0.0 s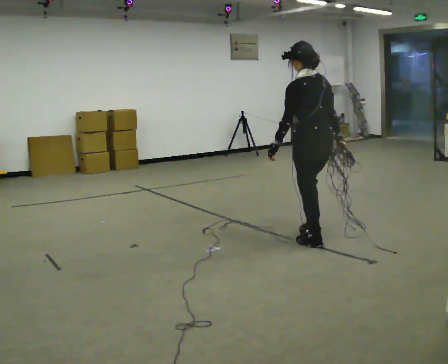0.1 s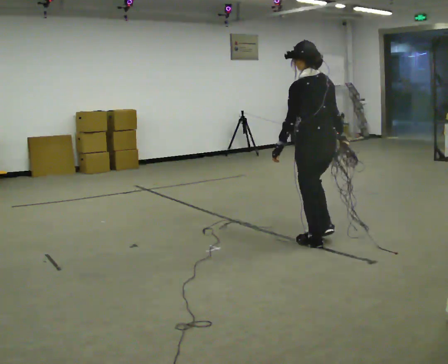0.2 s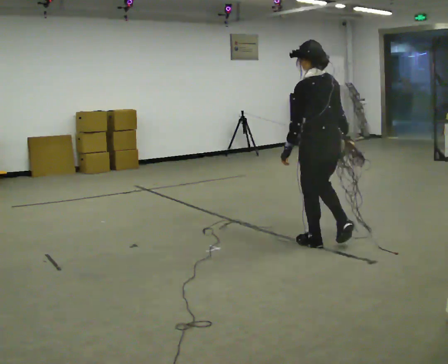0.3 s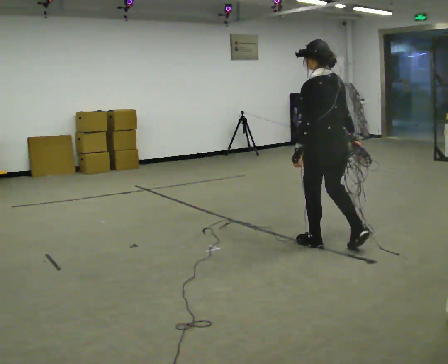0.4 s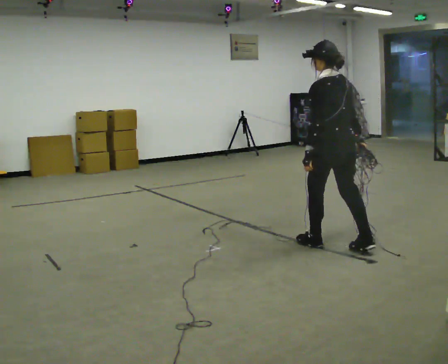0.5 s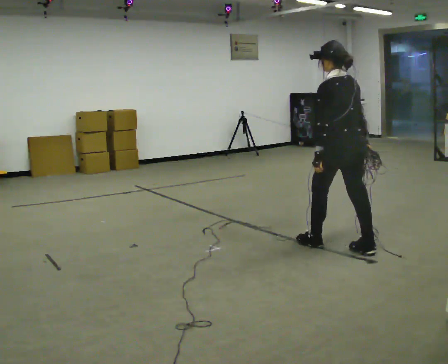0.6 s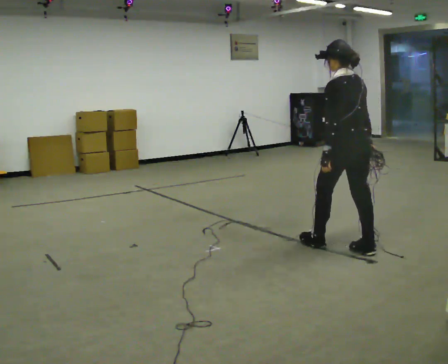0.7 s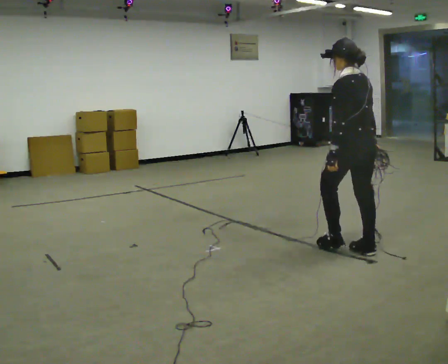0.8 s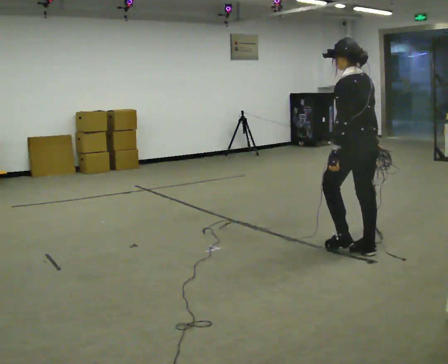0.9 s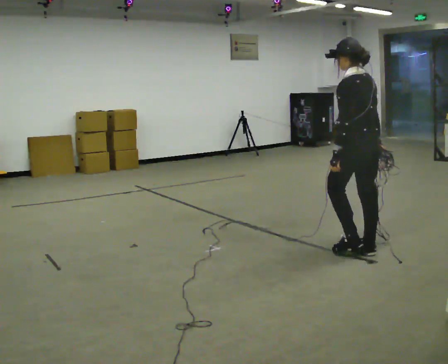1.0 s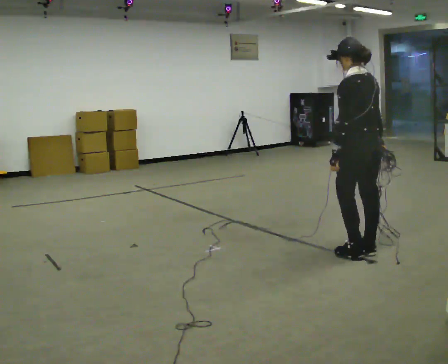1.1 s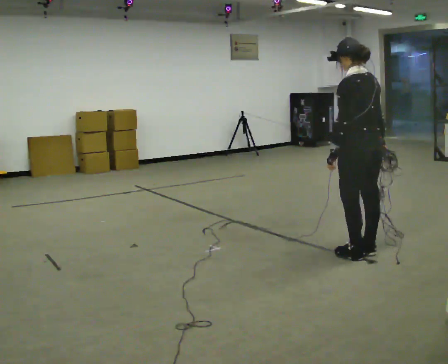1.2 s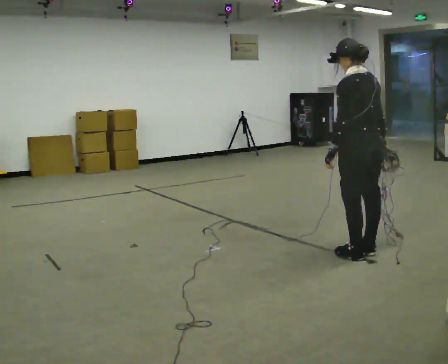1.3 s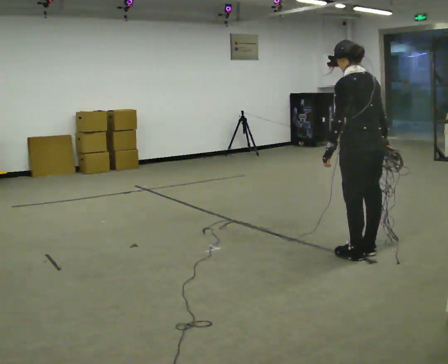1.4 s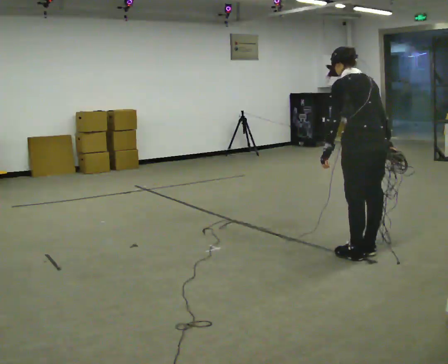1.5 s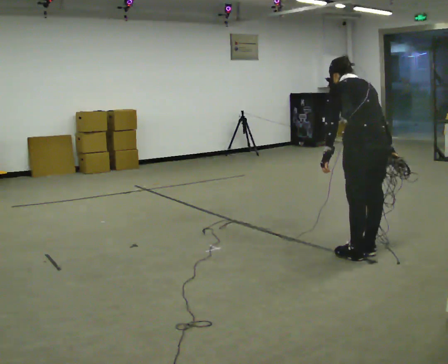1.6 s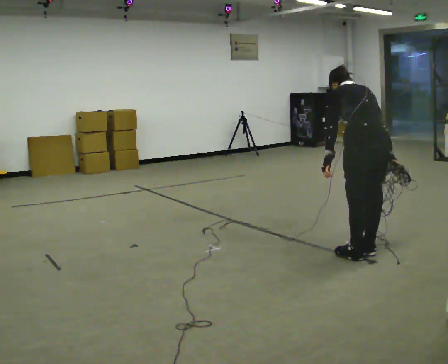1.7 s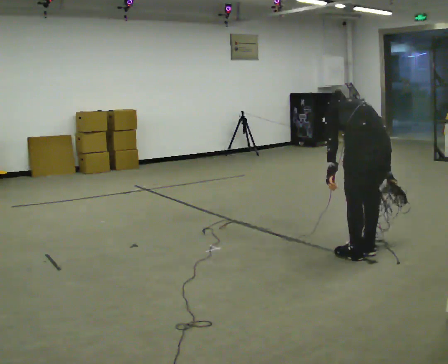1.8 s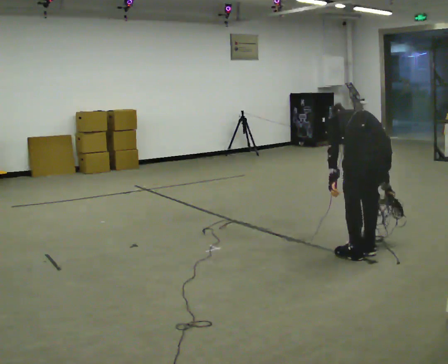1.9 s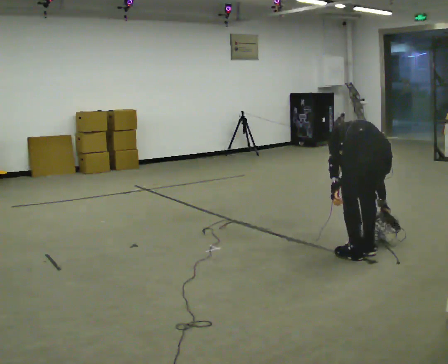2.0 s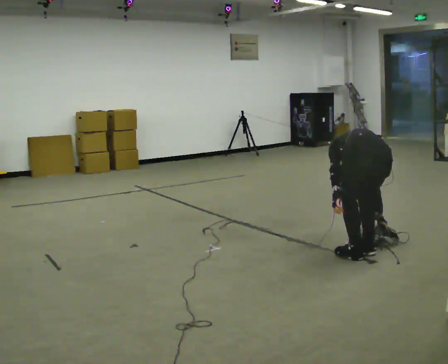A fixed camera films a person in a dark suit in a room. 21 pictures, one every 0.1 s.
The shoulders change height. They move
downward.
The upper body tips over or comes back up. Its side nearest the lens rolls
upward.
0.0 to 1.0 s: In the picture they go to the right and toward the camera, about 0.5 m in 1 step, which for them is backward.
1.0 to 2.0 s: Seen from above the body turns clockwise, about 30 degrees: to their right, with its near side sliding to the left. In the picture they go toward the camera, about 0.25 m, which for them is backward. The upper body goes downward. The upper body tips away from the camera, its near side rolling upward, as they bend forward.
The film runs backward here.
